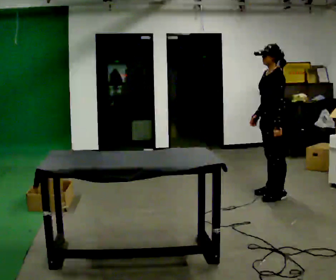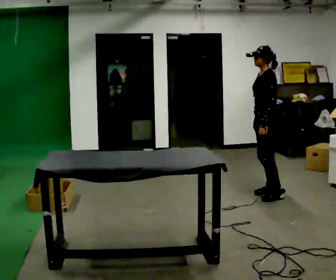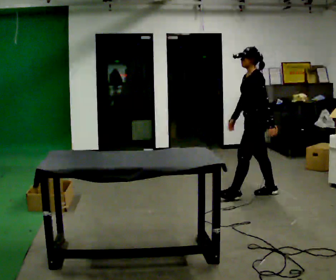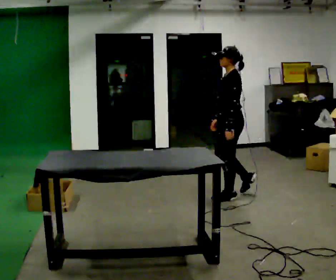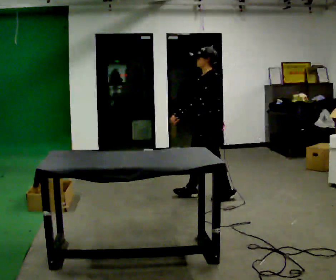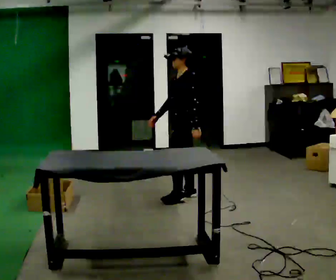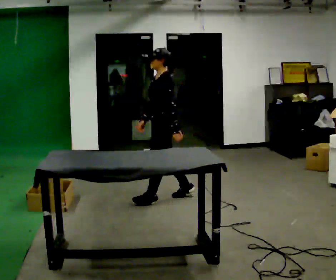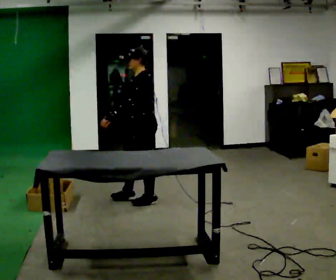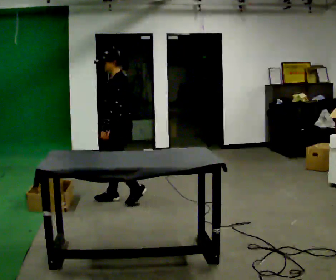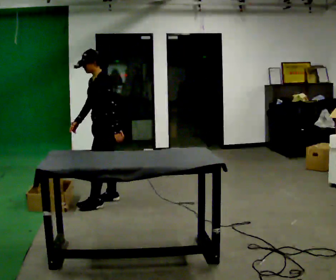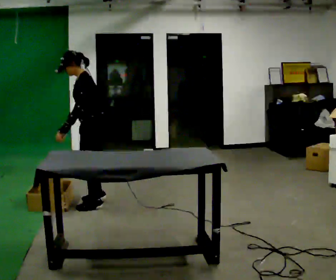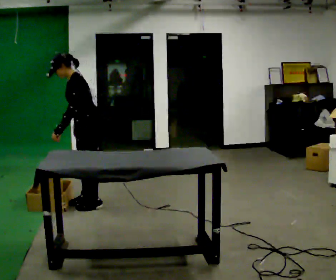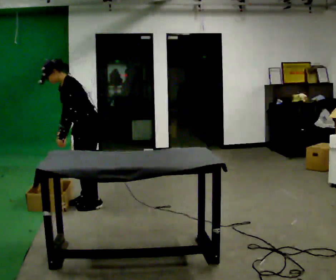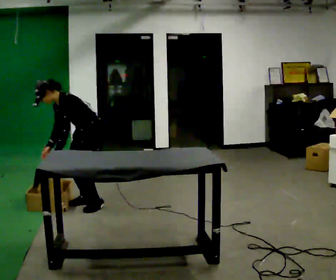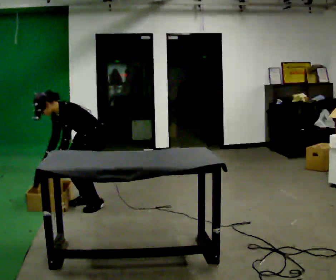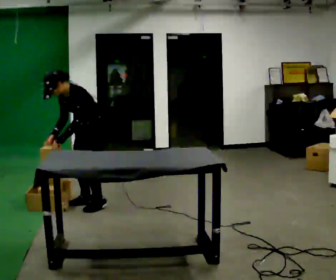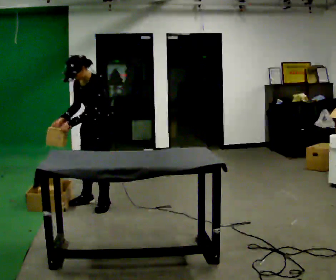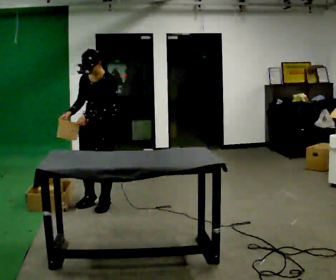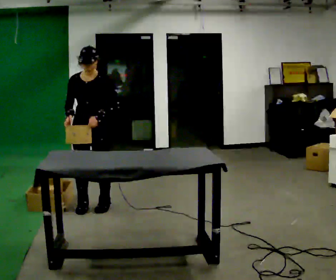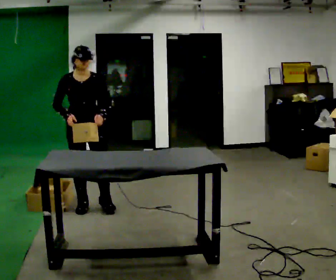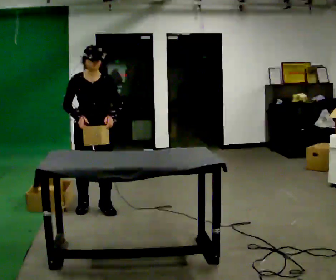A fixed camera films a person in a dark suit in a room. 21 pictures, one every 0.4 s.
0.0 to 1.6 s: In the picture they go to the left, about 0.5 m in 2 steps, which for them is forward.
1.6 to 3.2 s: In the picture they go to the left, about 1 m in 2 steps, which for them is forward.
3.2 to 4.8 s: In the picture they go to the left, about 0.25 m in 2 steps, which for them is forward. In the picture the upper body tilts counterclockwise, shoulders to the left, as they bend forward.
4.8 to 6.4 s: The person moves a little, or ends about where they began.
6.4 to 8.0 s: The part of the body nearest the lens slides to the right as the person turns to their left by about 60 degrees. In the picture they go toward the camera, about 0.25 m in 1 step. In the picture their left hand goes to the right, the arm swinging counterclockwise.
The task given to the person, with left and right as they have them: Carry each object across the room and drop it into the container on the floor, then walk back for the next one. Keep going until the operator says stop; one object at a time, and do not rush between trips.
The film runs forward here.
